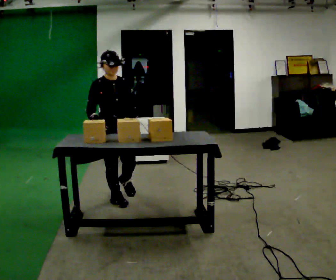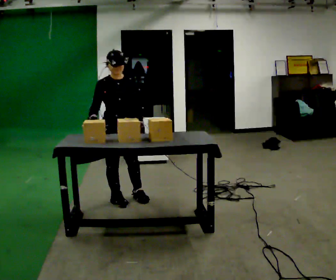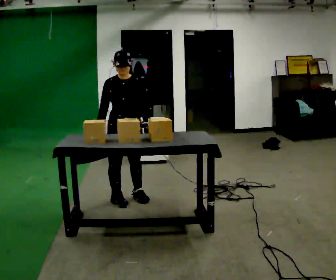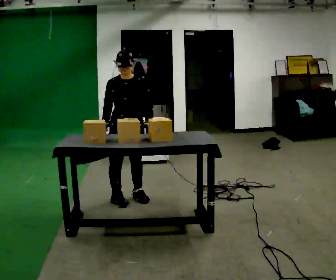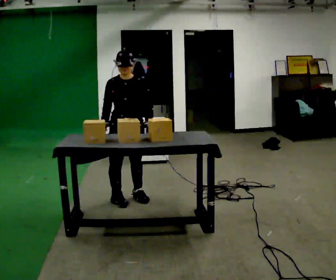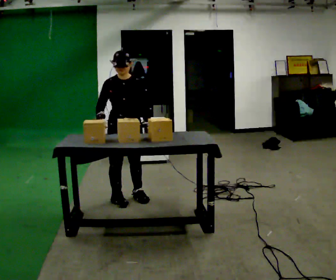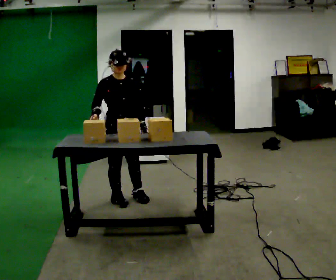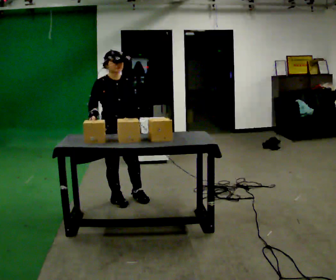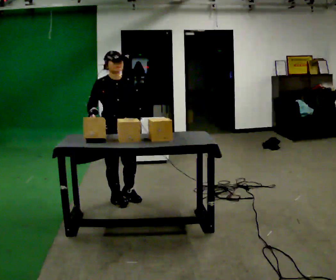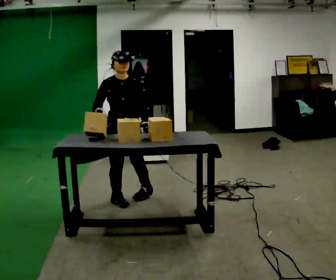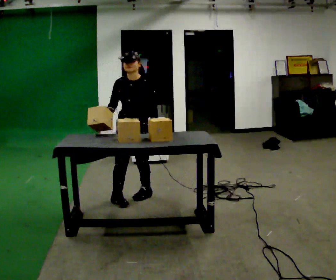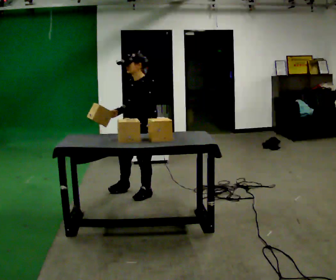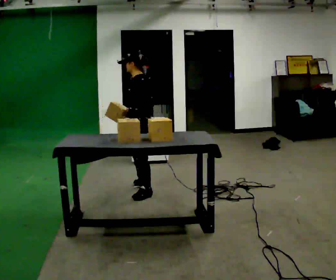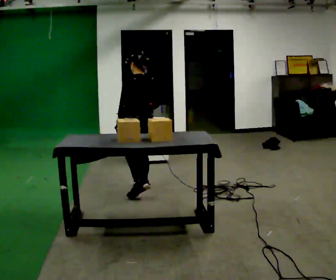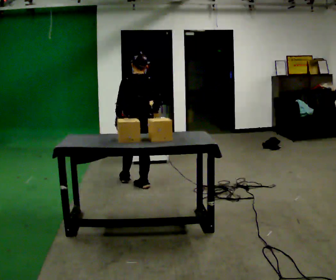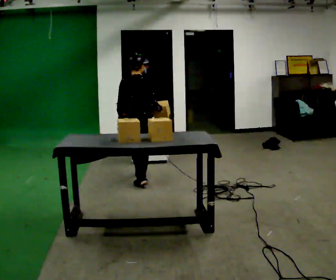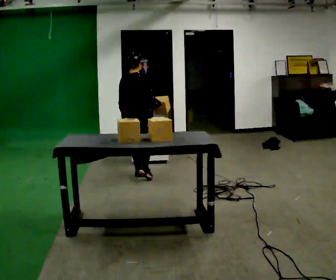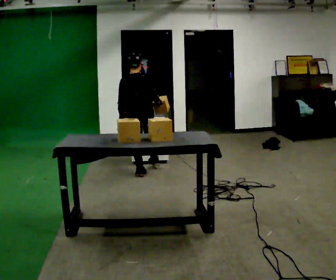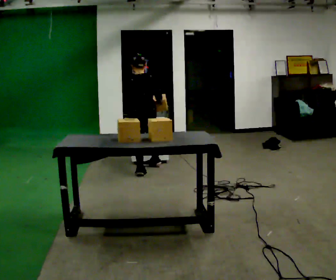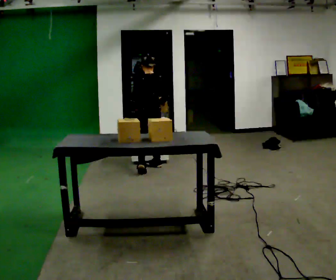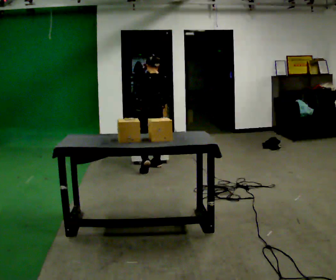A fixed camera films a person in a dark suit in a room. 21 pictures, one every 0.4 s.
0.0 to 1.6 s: The part of the body nearest the lens slides to the left as the person turns to their right by about 30 degrees.
1.6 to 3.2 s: The person moves a little, or ends about where they began.
3.2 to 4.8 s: The person turns about 120 degrees to their right, clockwise seen from above, so the part of the body nearest the lens slides to the left. In the picture they go away from the camera and to the right, about 0.5 m in 2 steps.
4.8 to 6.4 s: The part of the body nearest the lens slides to the left as the person turns to their right by about 90 degrees. In the picture they go away from the camera, about 0.75 m in 1 step.
6.4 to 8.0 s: The person turns about 60 degrees to their left, counterclockwise seen from above, so the part of the body nearest the lens slides to the right. In the picture they go away from the camera and to the right, about 0.5 m in 1 step, which for them is forward and to their right.
The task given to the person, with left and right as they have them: Move objects one at a time from the waist-height shelf at one end of the room to the waist-height shelf at the other end. Keep going until the operator says stop; one object at a time, and do not rush between trips.
The film runs forward here.
